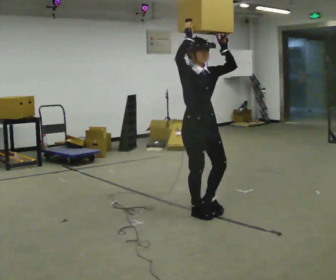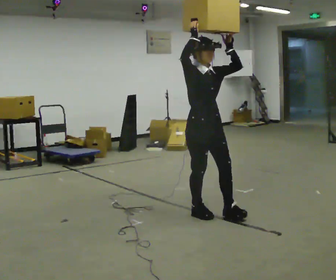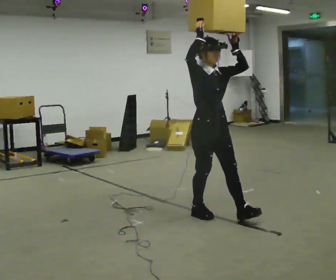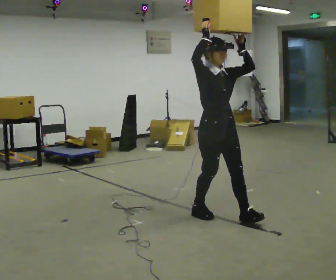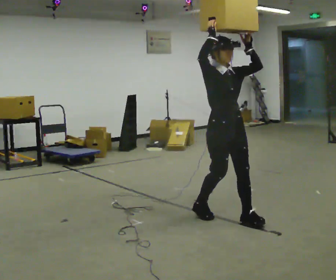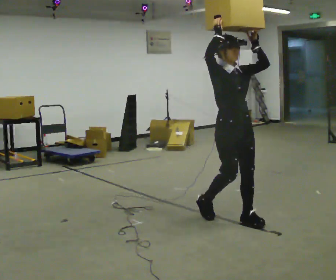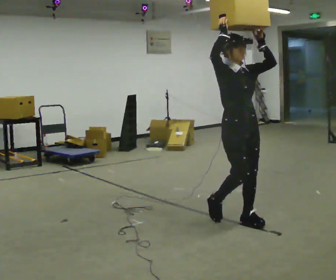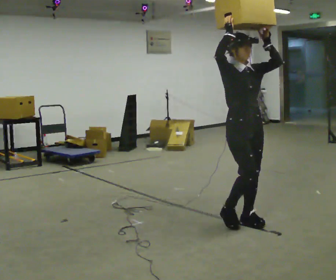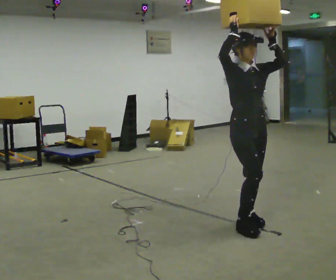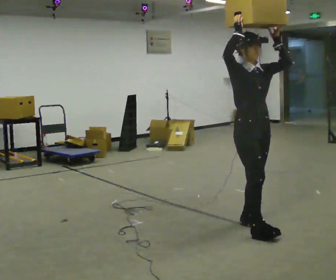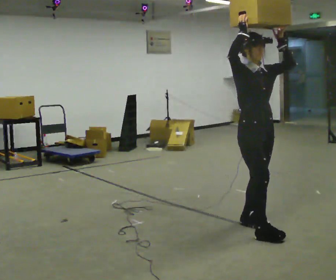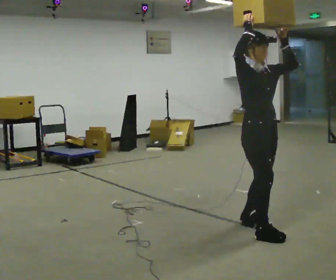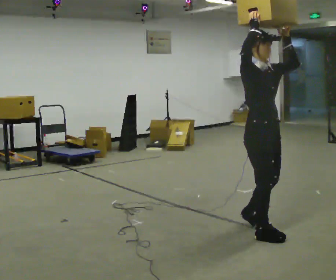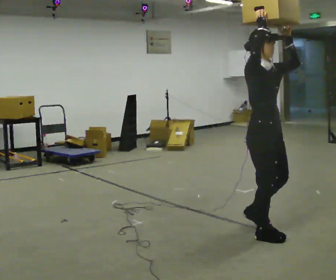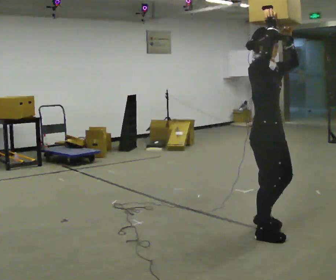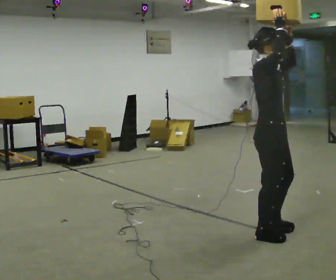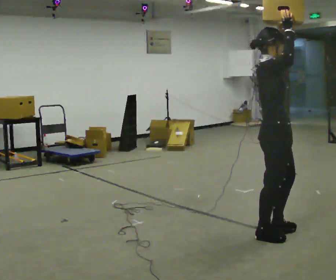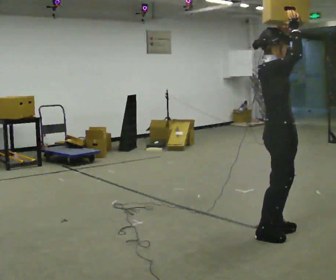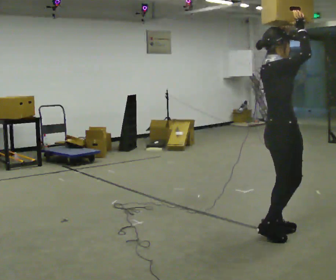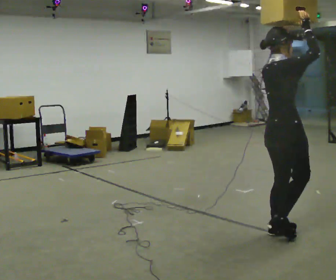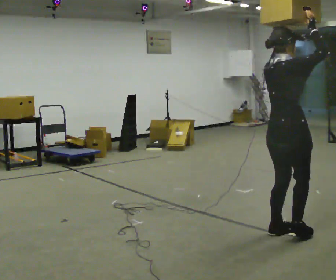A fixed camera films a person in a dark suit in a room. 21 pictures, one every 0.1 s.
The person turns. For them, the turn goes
to their left.
The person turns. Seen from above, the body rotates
counterclockwise.
0.0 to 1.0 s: In the picture they go to the right and toward the camera, about 0.75 m in 2 steps, which for them is forward.
1.0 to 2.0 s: The person turns about 75 degrees to their left, counterclockwise seen from above, so the part of the body nearest the lens slides to the right. In the picture they go to the right and toward the camera, about 0.25 m in 1 step.
The film runs forward here.
